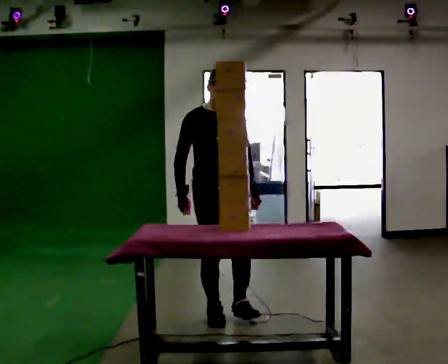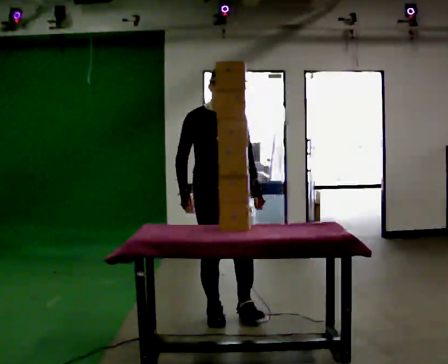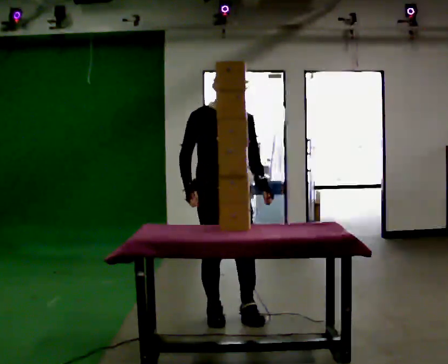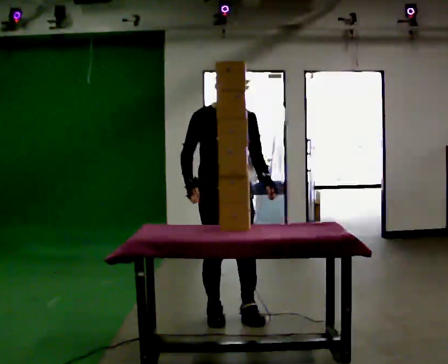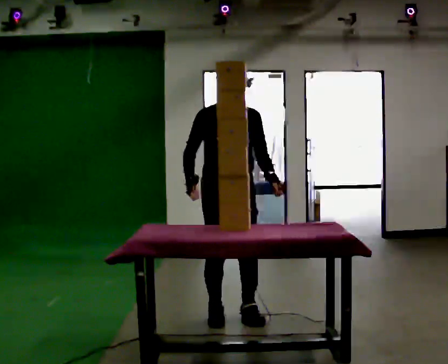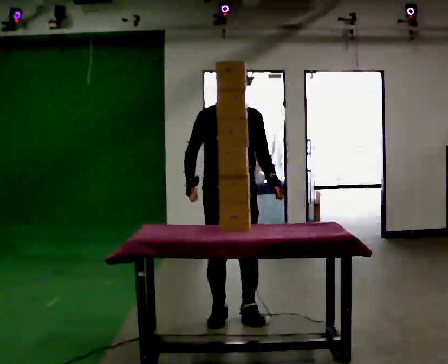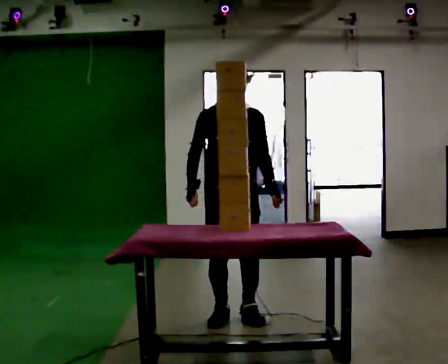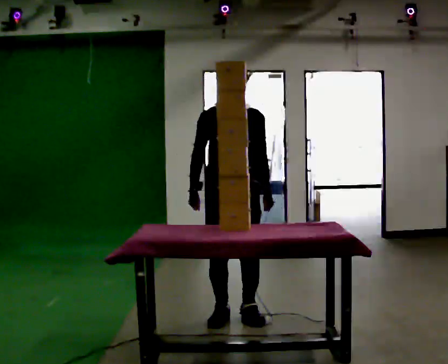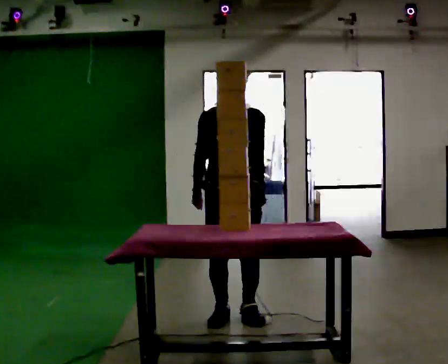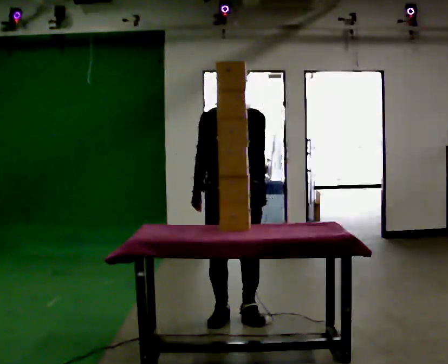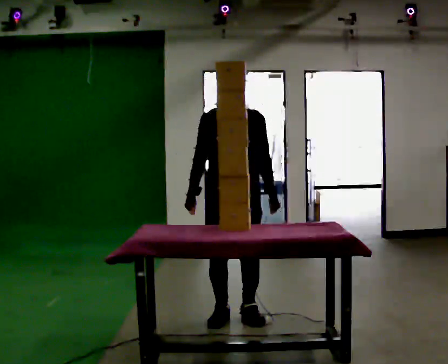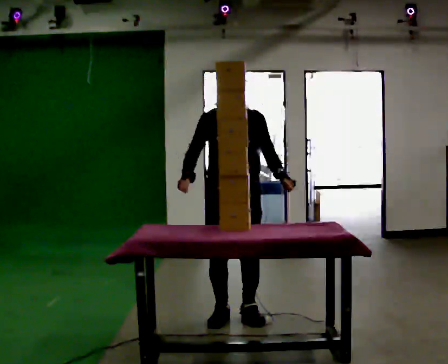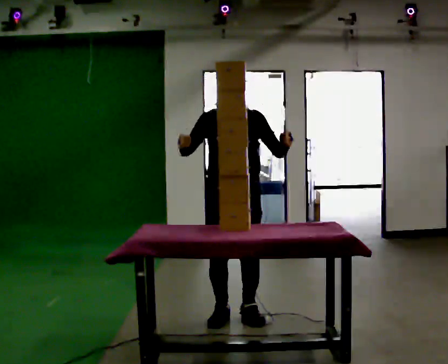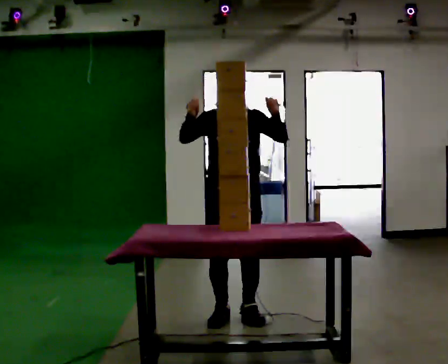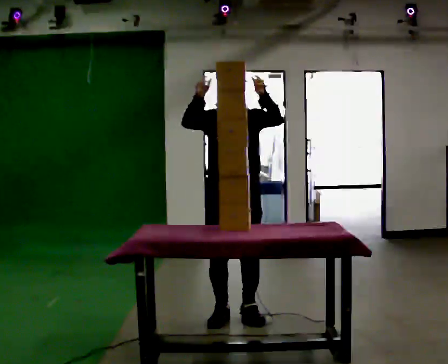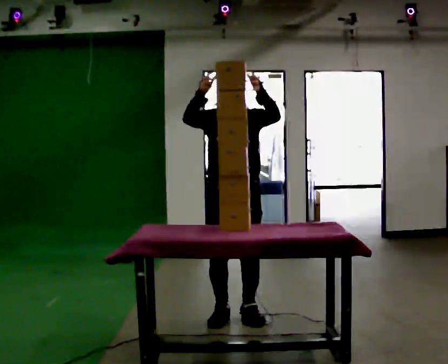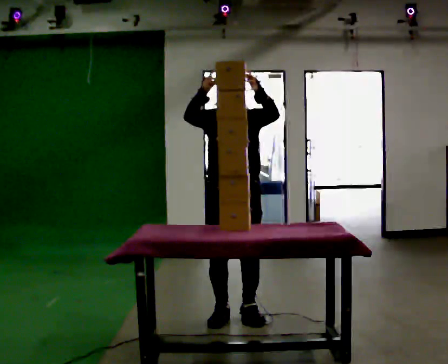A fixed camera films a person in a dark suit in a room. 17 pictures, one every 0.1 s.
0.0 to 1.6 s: In the picture their left hand goes upward.
The film runs backward here.
